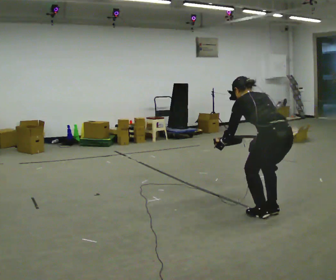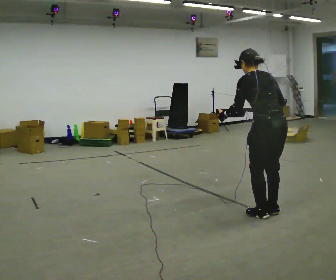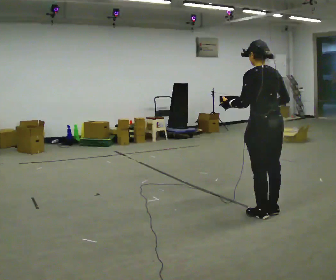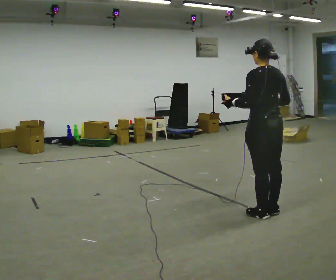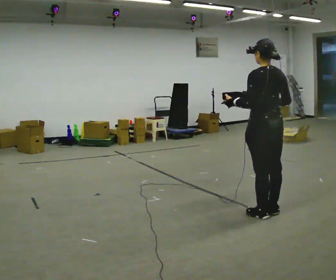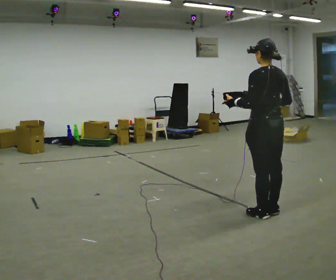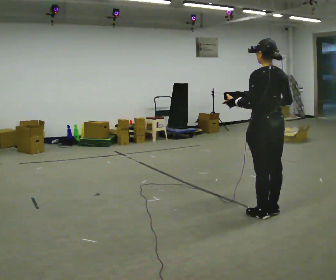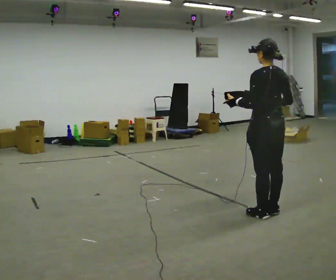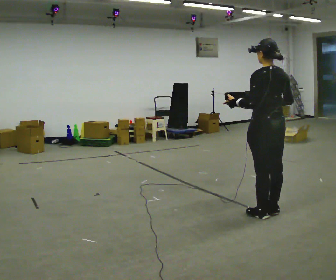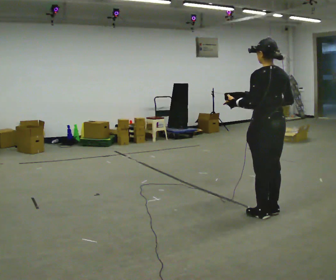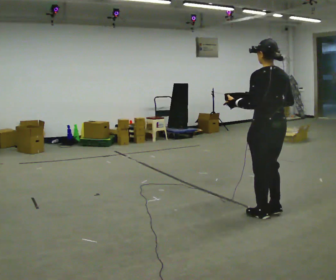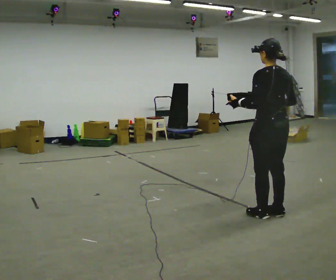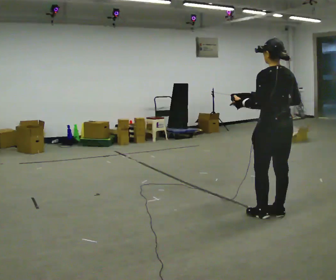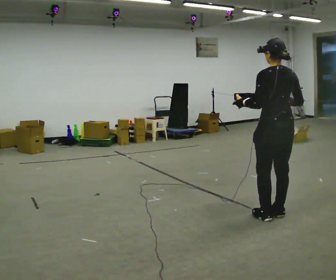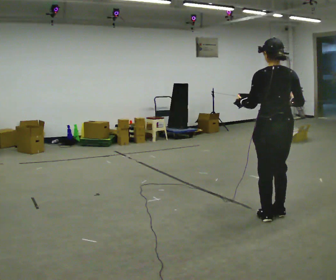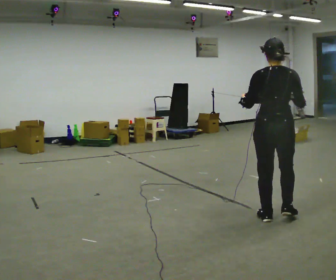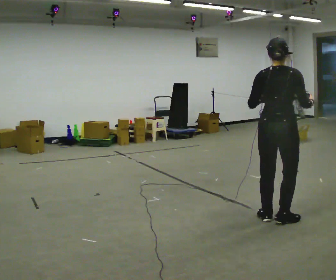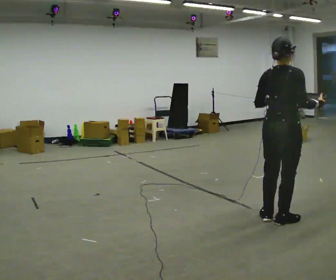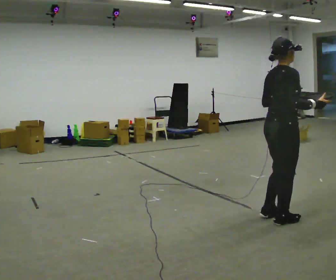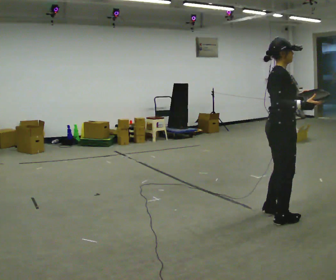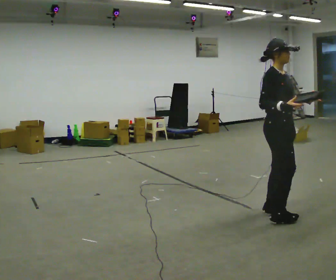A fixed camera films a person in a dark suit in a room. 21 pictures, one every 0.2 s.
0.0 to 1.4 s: The upper body goes upward. The upper body tips toward the camera, its near side rolling downward, as they lean back or straighten. In the picture their left hand goes upward.
1.4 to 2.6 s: The person moves a little, or ends about where they began.
2.6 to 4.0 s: Seen from above the body turns clockwise, about 135 degrees: to their right, with its near side sliding to the left. In the picture their left hand goes to the right.
The film runs backward here.
